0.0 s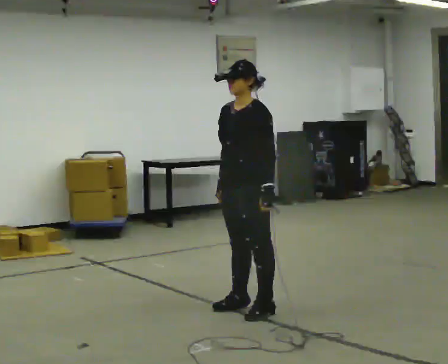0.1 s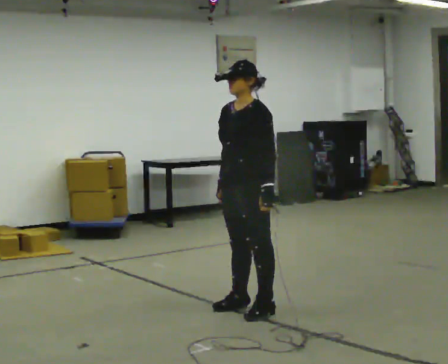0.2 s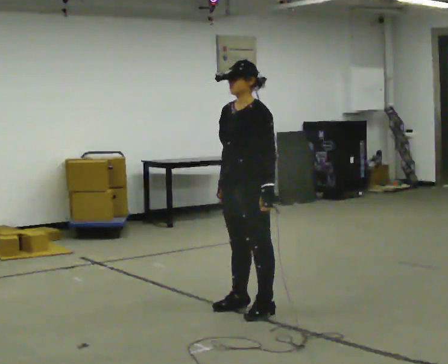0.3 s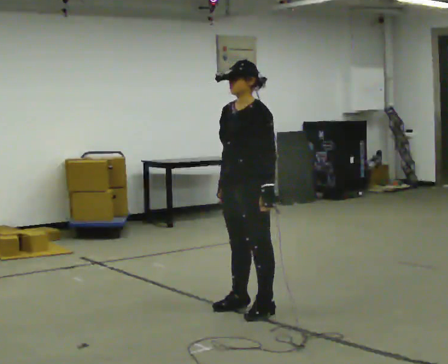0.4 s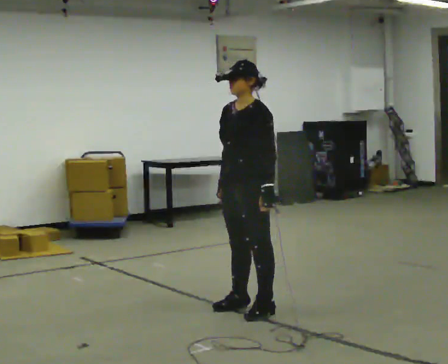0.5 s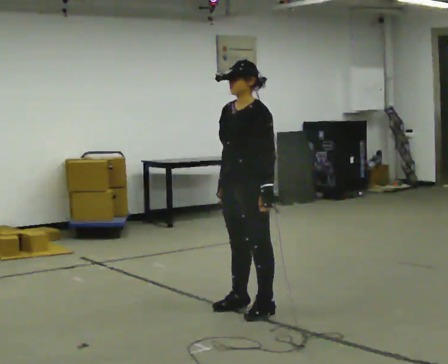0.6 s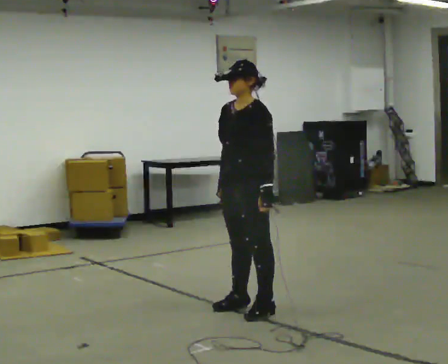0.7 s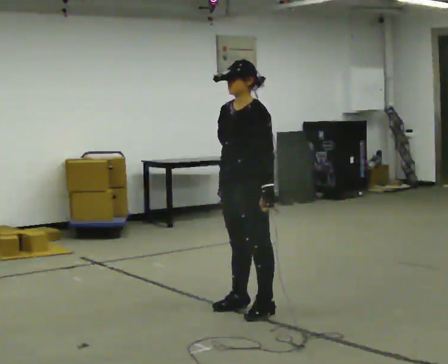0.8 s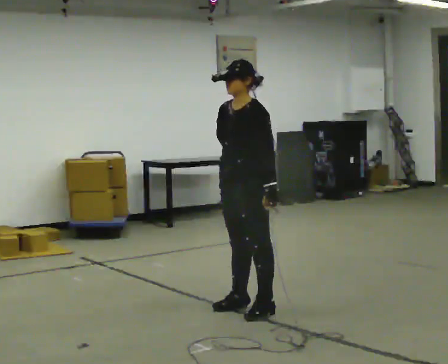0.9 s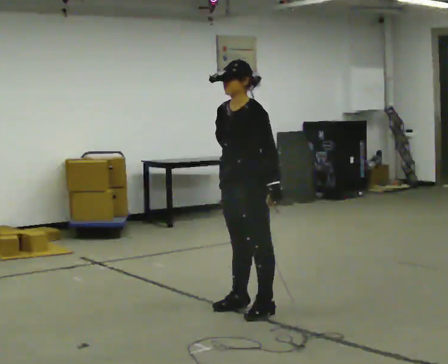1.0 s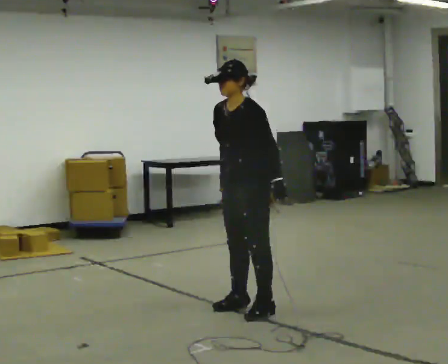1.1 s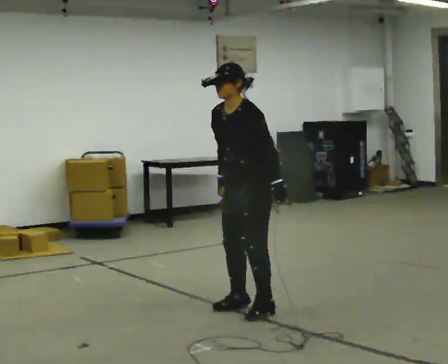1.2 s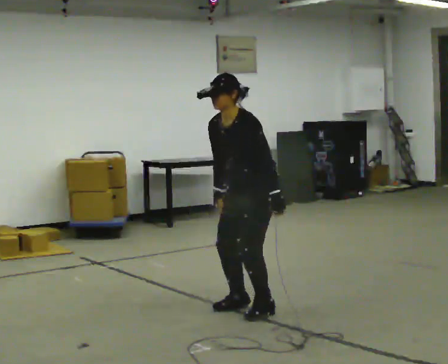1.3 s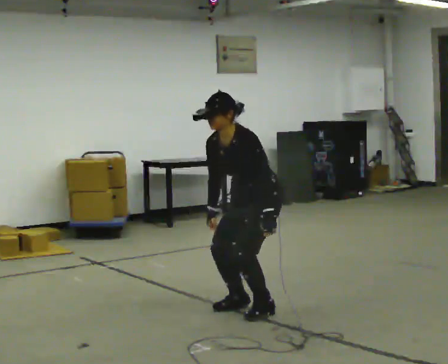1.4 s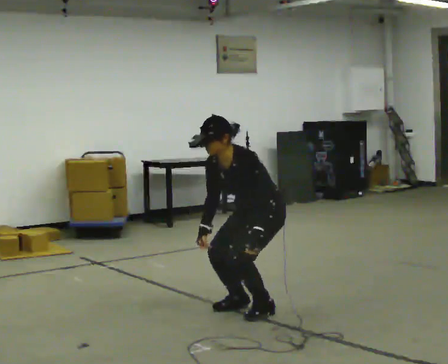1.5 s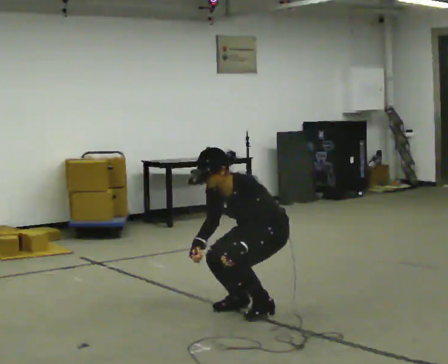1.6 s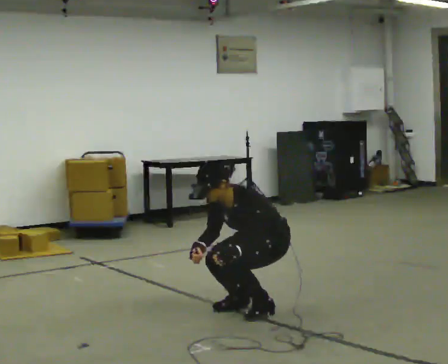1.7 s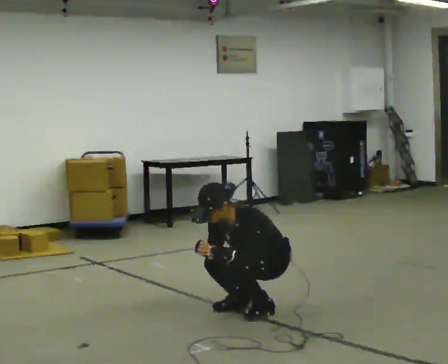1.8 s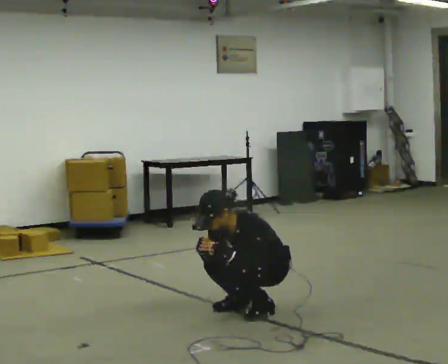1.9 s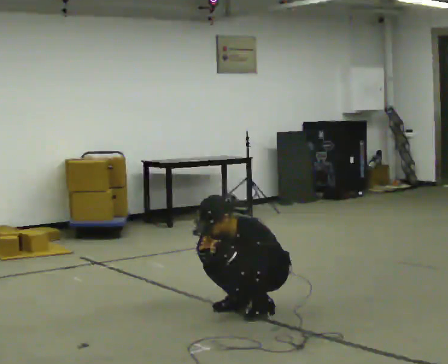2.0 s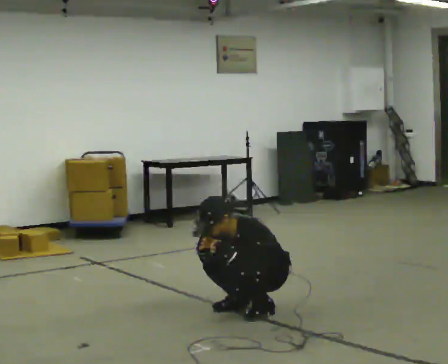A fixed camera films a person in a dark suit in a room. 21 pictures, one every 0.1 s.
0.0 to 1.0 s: The person moves a little, or ends about where they began.
1.0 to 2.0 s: In the picture they go to the right, about 0.25 m, which for them is backward. The upper body goes downward. In the picture the upper body tilts counterclockwise, shoulders to the left, as they bend forward. In the picture their left hand goes downward and to the left.
The film runs backward here.
